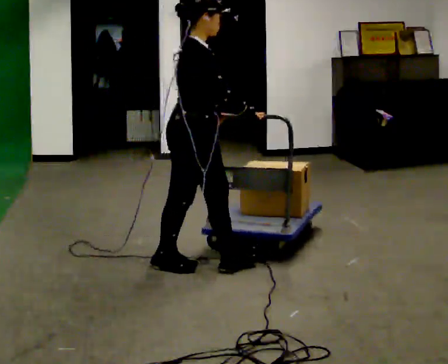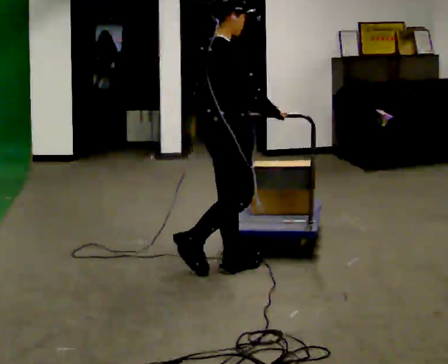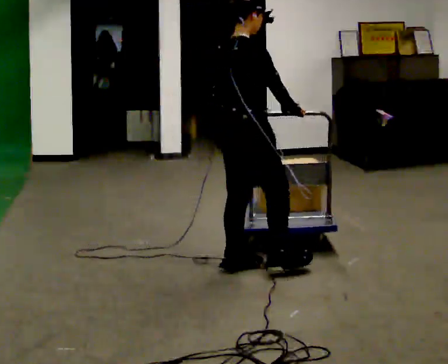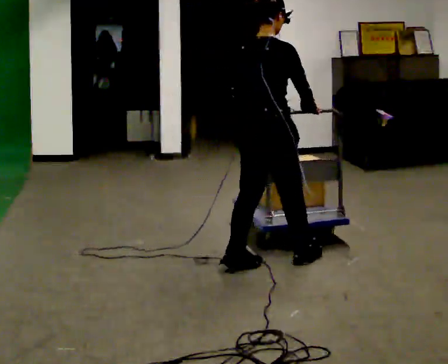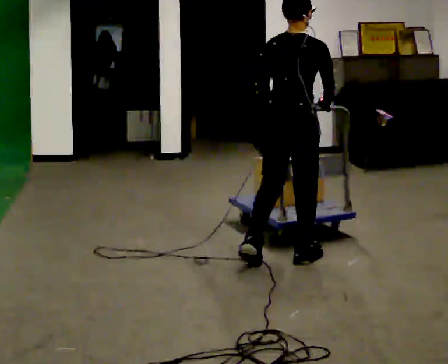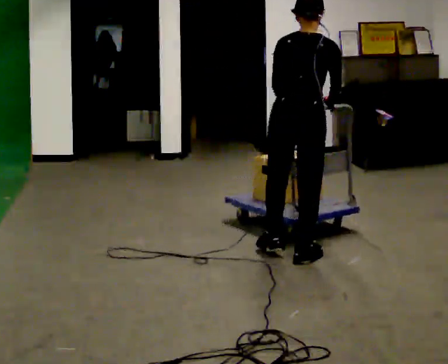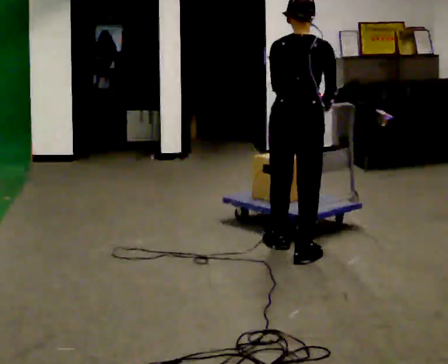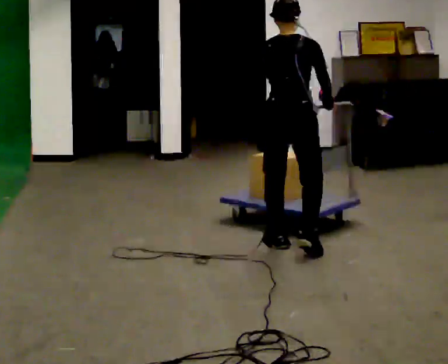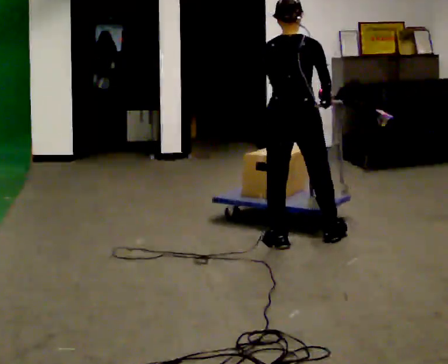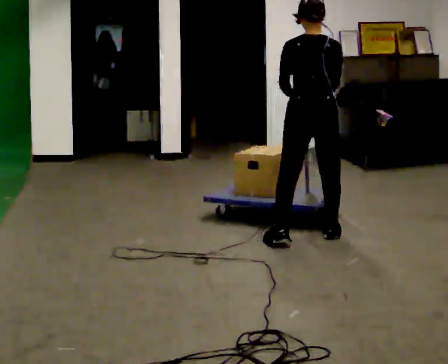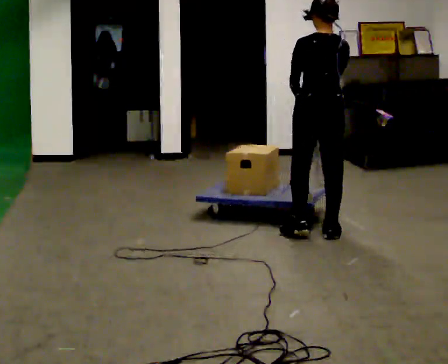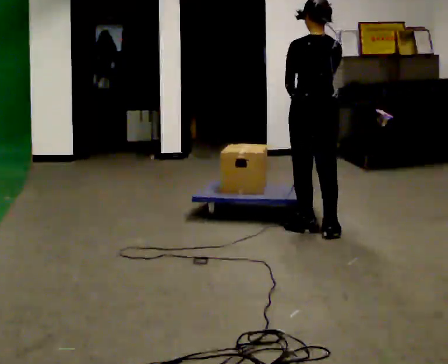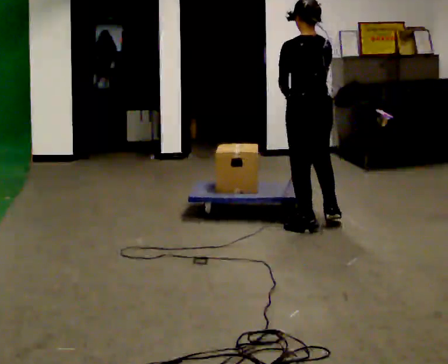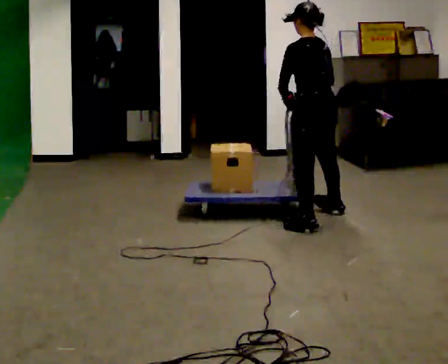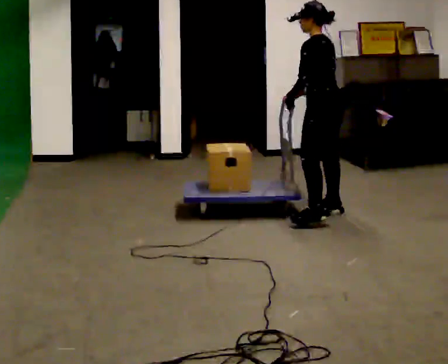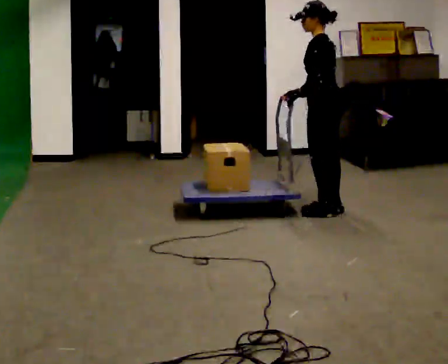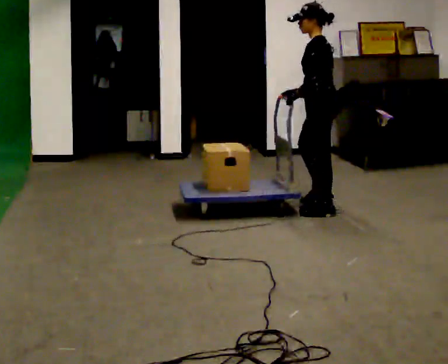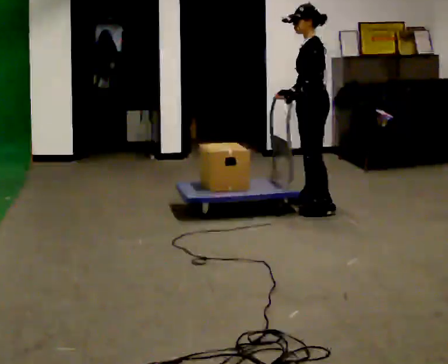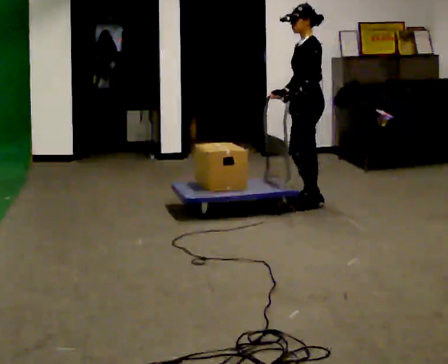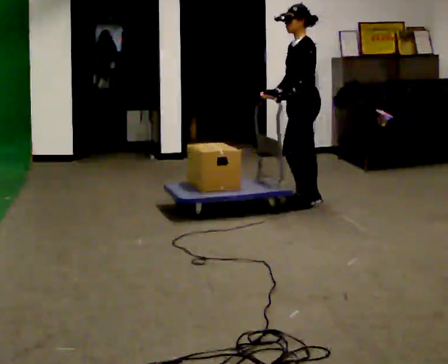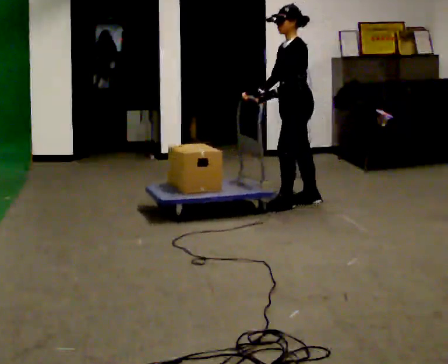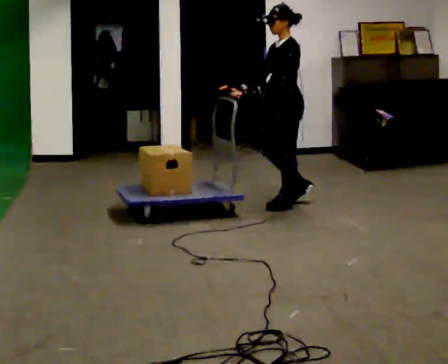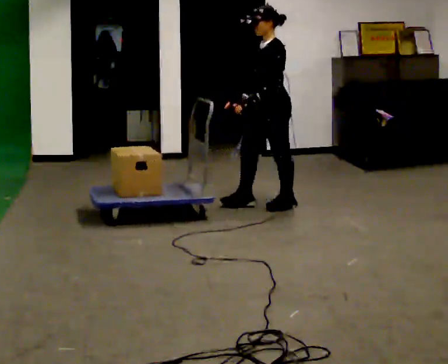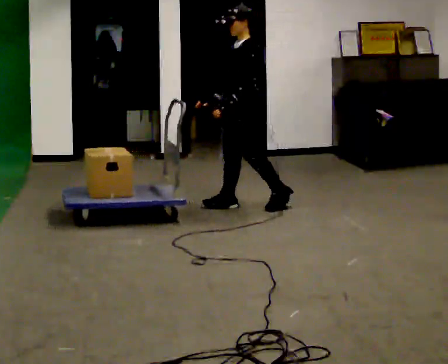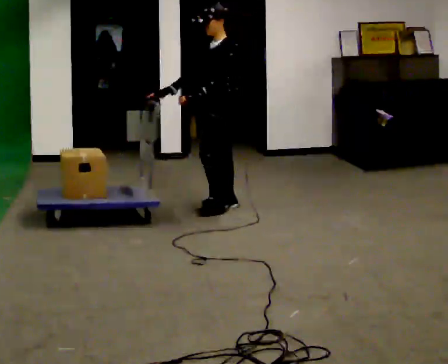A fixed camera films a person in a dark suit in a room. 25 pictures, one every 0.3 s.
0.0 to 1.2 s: The part of the body nearest the lens slides to the right as the person turns to their left by about 75 degrees. In the picture they go to the right, about 0.5 m in 1 step.
1.2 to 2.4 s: In the picture they go away from the camera, about 0.25 m in 1 step, which for them is forward.
2.4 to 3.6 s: Seen from above the body turns counterclockwise, about 30 degrees: to their left, with its near side sliding to the right. In the picture they go away from the camera, about 0.5 m in 2 steps, which for them is forward and to their right.
3.6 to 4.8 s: The part of the body nearest the lens slides to the right as the person turns to their left by about 45 degrees. In the picture they go away from the camera, about 0.5 m in 2 steps, which for them is to their right.
4.8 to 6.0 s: The part of the body nearest the lens slides to the right as the person turns to their left by about 30 degrees. In the picture they go to the left and away from the camera, about 0.25 m in 3 steps, which for them is to their right and forward.
6.0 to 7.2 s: In the picture they go to the left, about 0.5 m in 1 step, which for them is forward.
The film runs forward here.
